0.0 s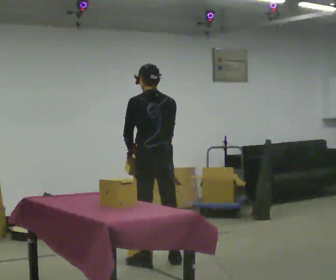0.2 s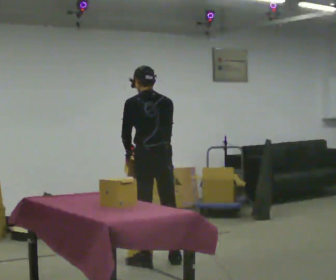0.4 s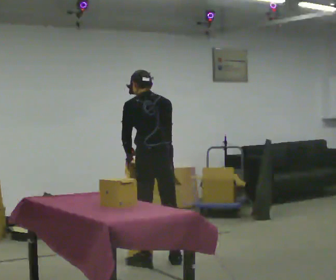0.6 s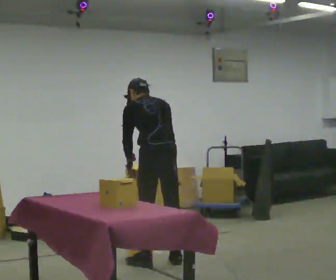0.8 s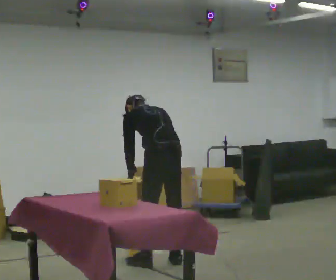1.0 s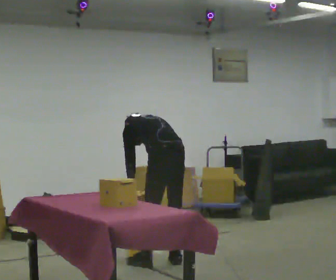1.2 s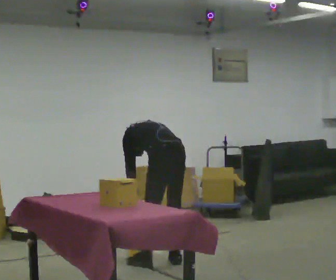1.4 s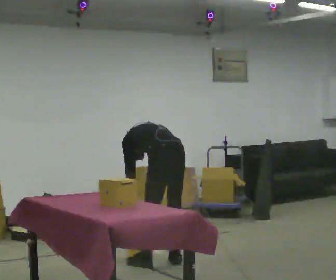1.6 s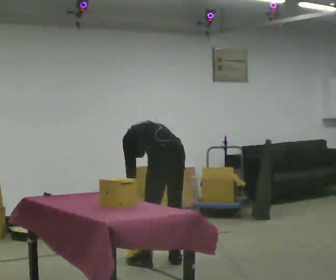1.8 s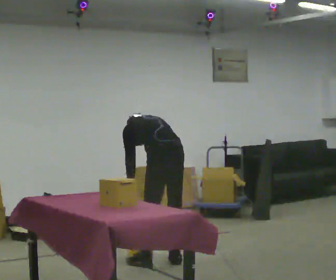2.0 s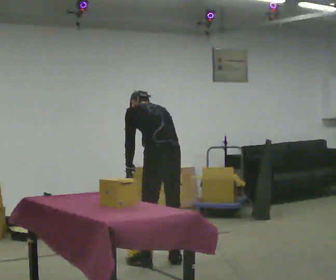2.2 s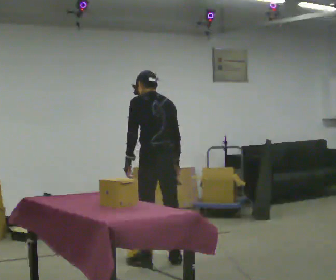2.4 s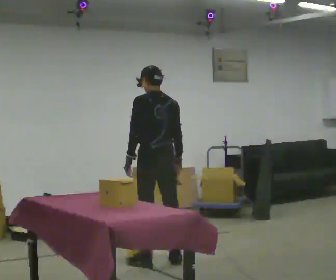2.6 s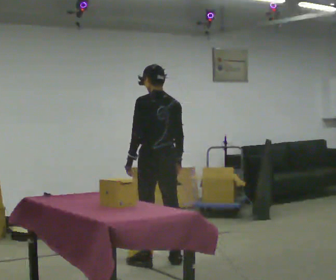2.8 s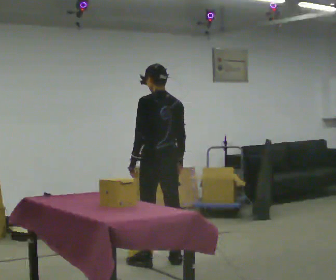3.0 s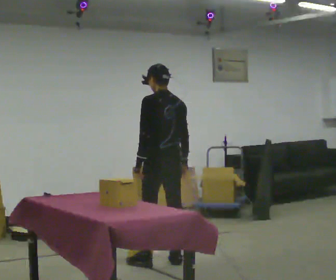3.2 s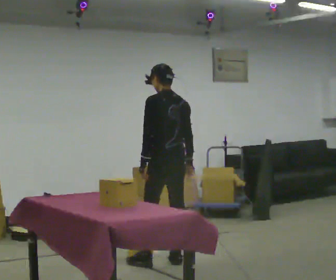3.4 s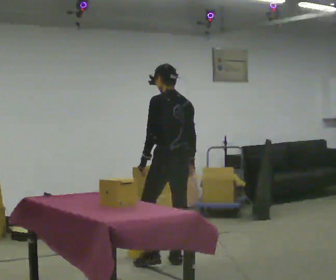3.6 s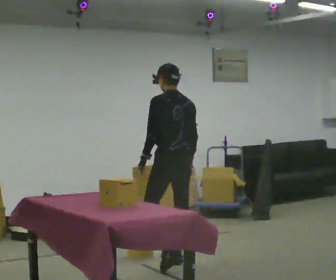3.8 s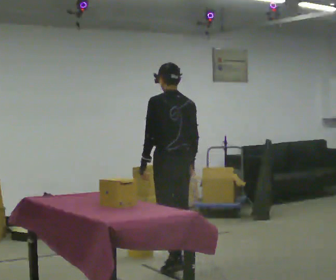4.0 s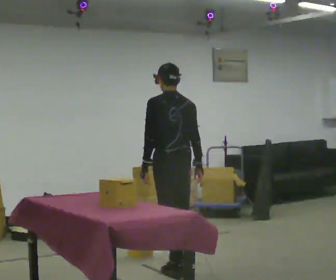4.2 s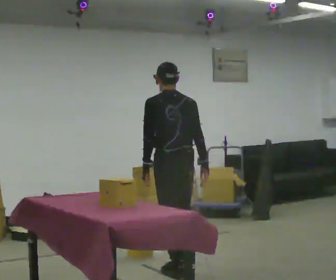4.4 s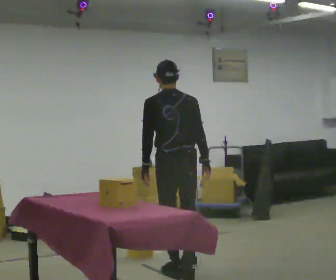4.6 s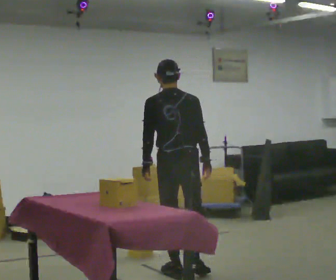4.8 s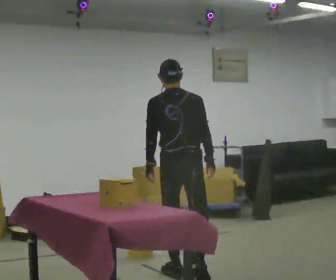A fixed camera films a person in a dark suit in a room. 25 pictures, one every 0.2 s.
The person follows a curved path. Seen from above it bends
clockwise.
0.0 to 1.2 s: The shoulders move downward. The upper body tips away from the camera, its near side rolling upward, as they bend forward. In the picture their left hand goes downward.
1.2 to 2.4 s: In the picture they go away from the camera, about 0.25 m, which for them is forward. The upper body goes upward. The upper body tips toward the camera, its near side rolling downward, as they lean back or straighten.
2.4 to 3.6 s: The person moves a little, or ends about where they began.
3.6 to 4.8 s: The person turns about 30 degrees to their right, clockwise seen from above, so the part of the body nearest the lens slides to the left. In the picture they go toward the camera, about 0.5 m in 1 step, which for them is backward and to their left.
The film runs backward here.
